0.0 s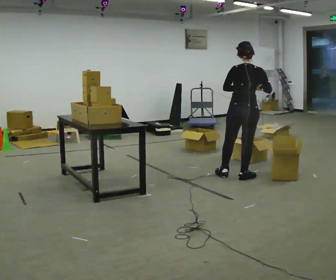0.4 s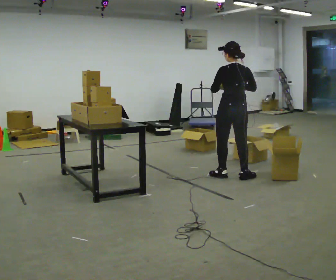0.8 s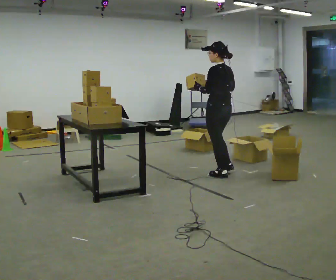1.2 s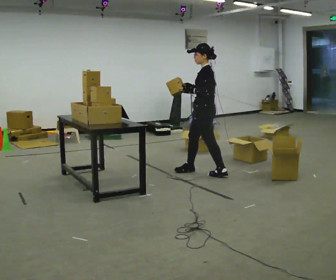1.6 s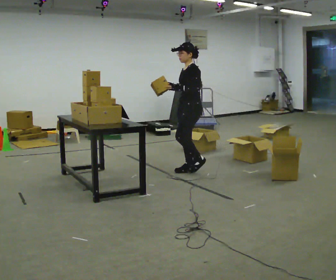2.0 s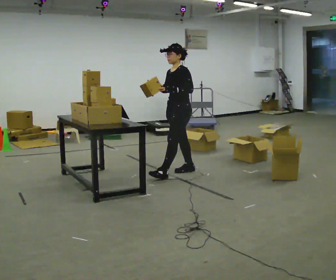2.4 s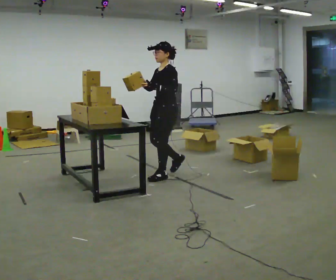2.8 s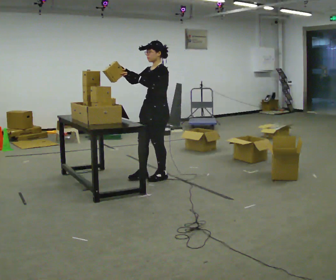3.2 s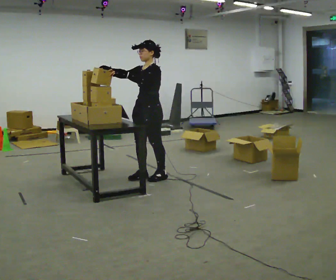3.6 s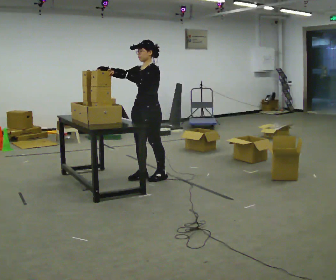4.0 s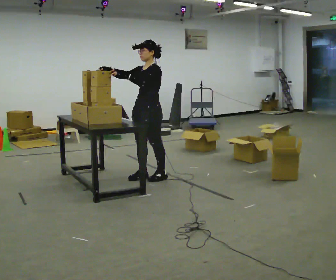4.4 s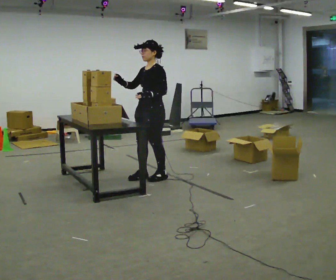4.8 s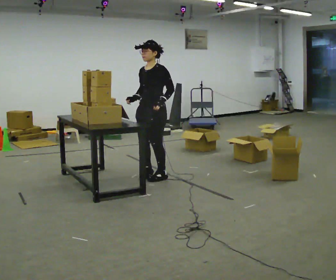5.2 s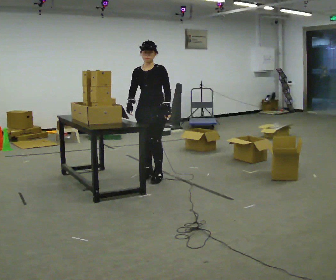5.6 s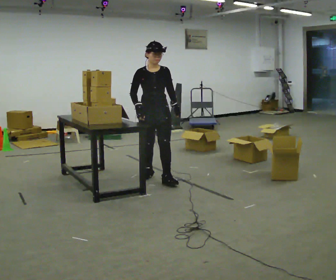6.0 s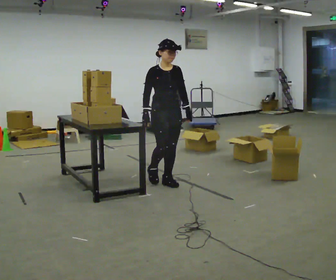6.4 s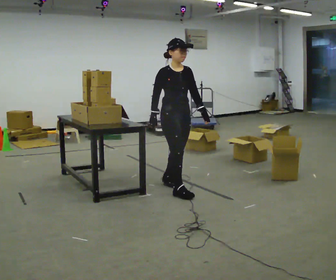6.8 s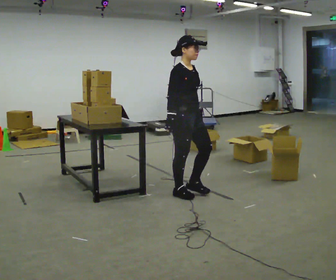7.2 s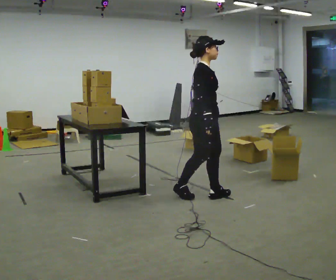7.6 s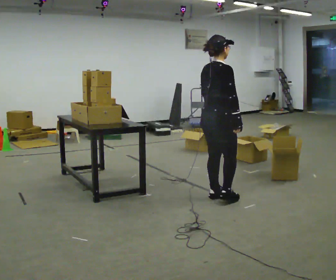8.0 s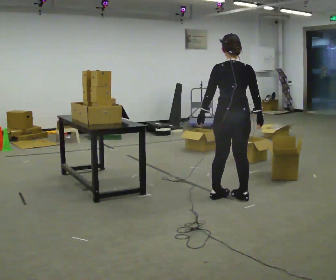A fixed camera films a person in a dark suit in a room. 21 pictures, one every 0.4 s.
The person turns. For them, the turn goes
to their left.
The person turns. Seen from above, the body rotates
counterclockwise.
0.0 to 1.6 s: Seen from above the body turns counterclockwise, about 135 degrees: to their left, with its near side sliding to the right. In the picture they go to the left and away from the camera, about 0.75 m in 1 step.
1.6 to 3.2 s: In the picture they go to the left and toward the camera, about 0.5 m in 2 steps, which for them is forward.
3.2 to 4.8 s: In the picture their left hand goes to the right.
4.8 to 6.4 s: The part of the body nearest the lens slides to the right as the person turns to their left by about 75 degrees. In the picture they go toward the camera and to the right, about 0.5 m in 2 steps.
6.4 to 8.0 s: The part of the body nearest the lens slides to the right as the person turns to their left by about 150 degrees. In the picture they go to the right and toward the camera, about 0.75 m in 2 steps.
The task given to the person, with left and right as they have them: 1. Take the objects out of the box on the table one at a time. 2. Put each one in the bin the operator has labelled for it. 3. Tell the operator when you are finished.
The film runs forward here.
